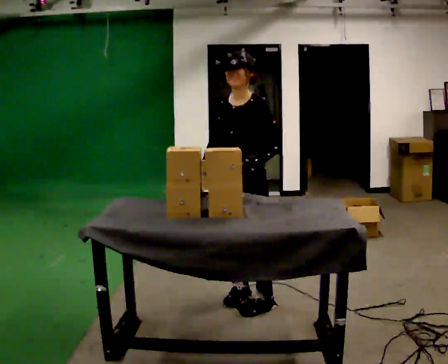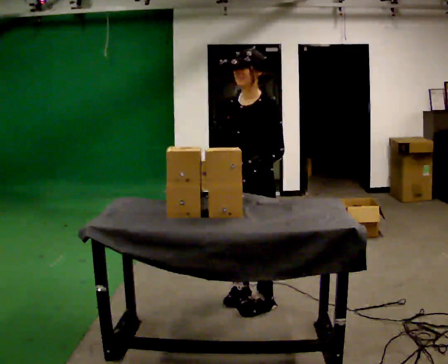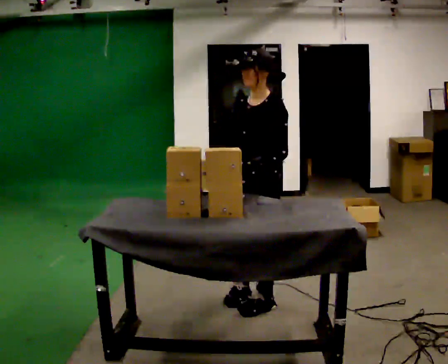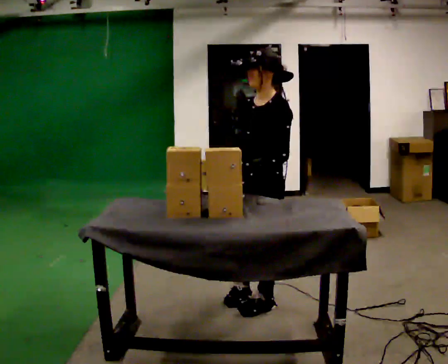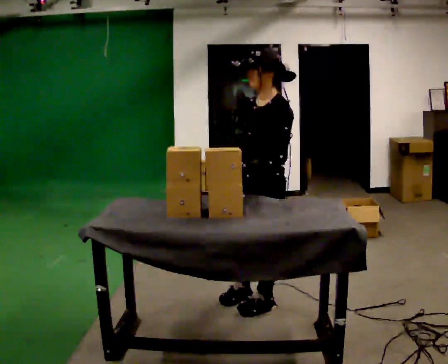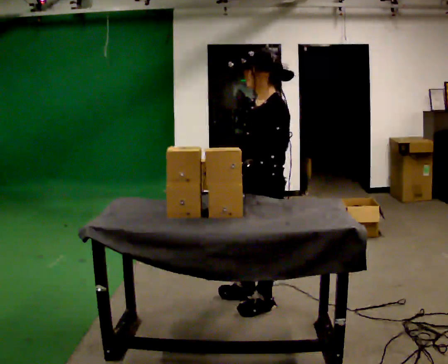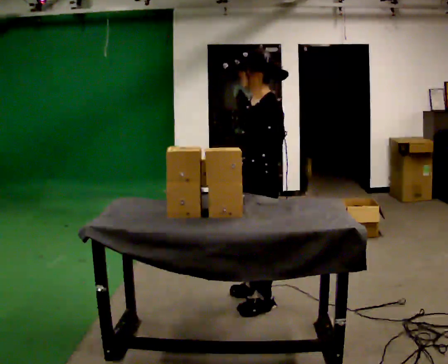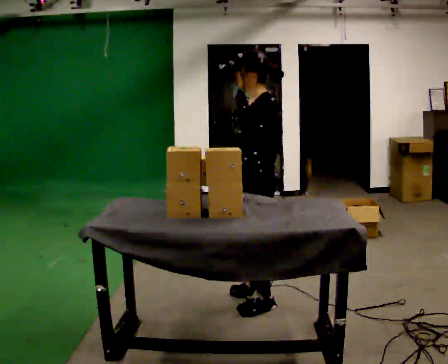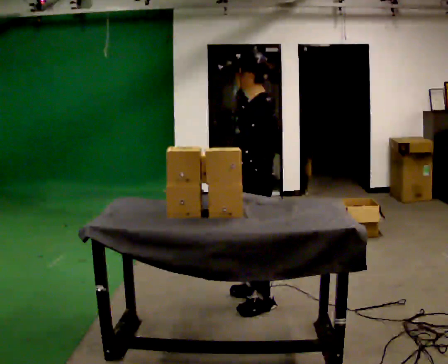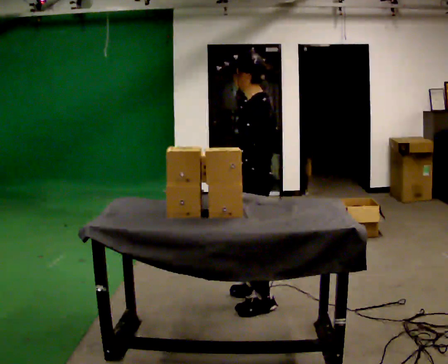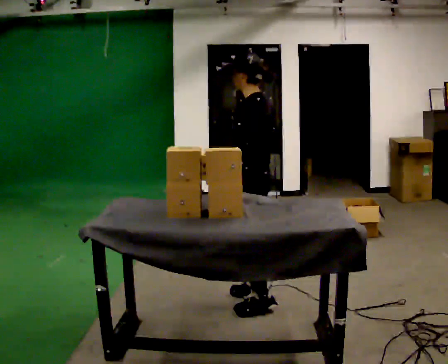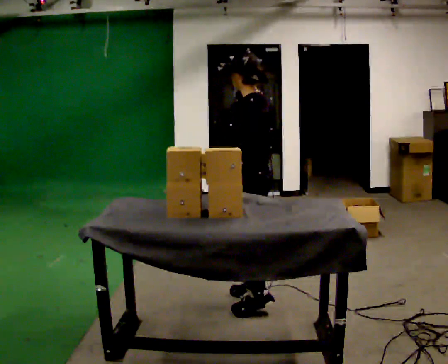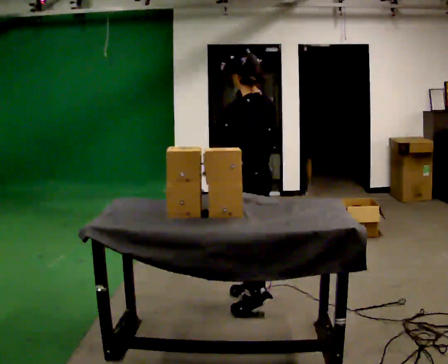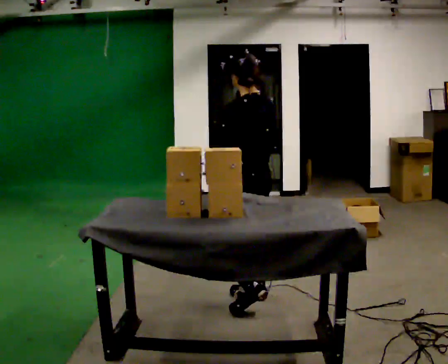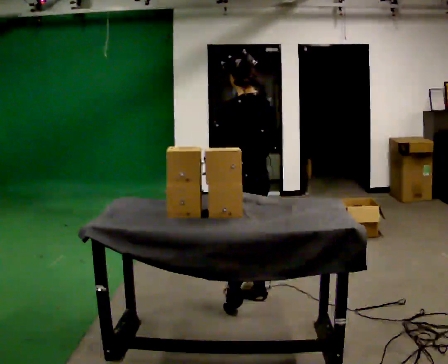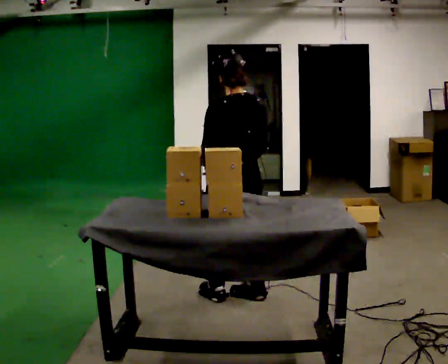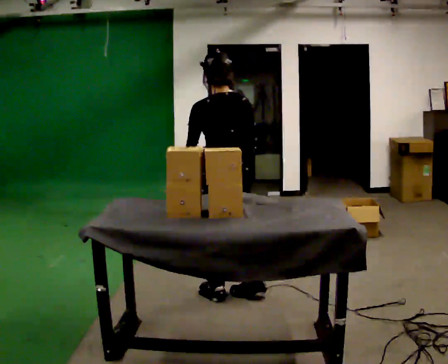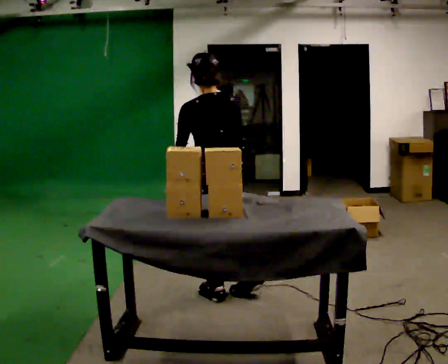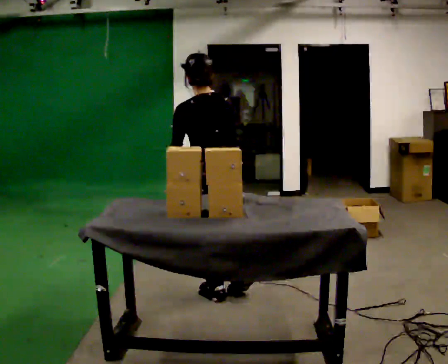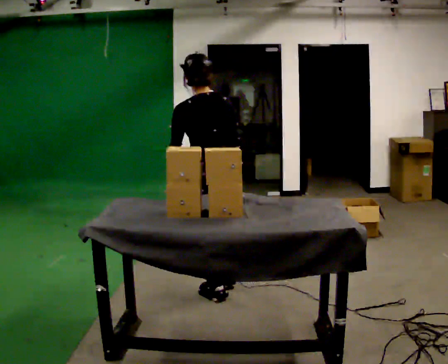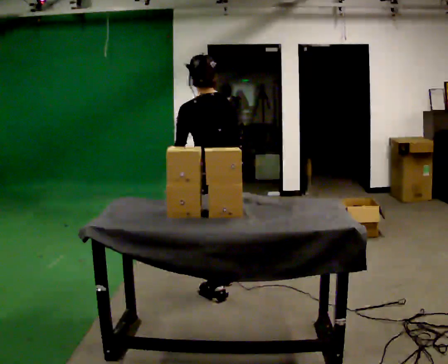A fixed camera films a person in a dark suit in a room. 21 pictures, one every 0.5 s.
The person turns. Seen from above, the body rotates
clockwise.
The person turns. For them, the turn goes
to their right.
0.0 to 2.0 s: Seen from above the body turns clockwise, about 30 degrees: to their right, with its near side sliding to the left.
2.0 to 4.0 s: The person turns about 30 degrees to their right, clockwise seen from above, so the part of the body nearest the lens slides to the left.
4.0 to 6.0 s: The person turns about 30 degrees to their right, clockwise seen from above, so the part of the body nearest the lens slides to the left.
6.0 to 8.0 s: The part of the body nearest the lens slides to the left as the person turns to their right by about 30 degrees. In the picture they go to the left, about 0.25 m in 1 step, which for them is forward.
8.0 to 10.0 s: The person moves a little, or ends about where they began.
The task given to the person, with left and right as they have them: 1. Take the objects out of the box on the table one at a time. 2. Put each one in the bin the operator has labelled for it. 3. Tell the operator when you are finished.
The film runs forward here.
